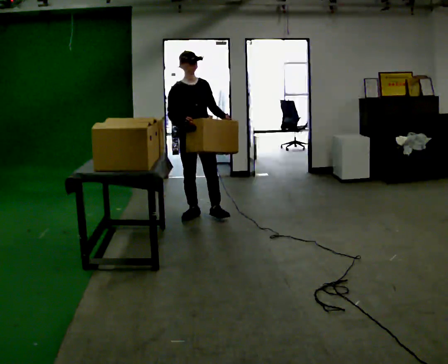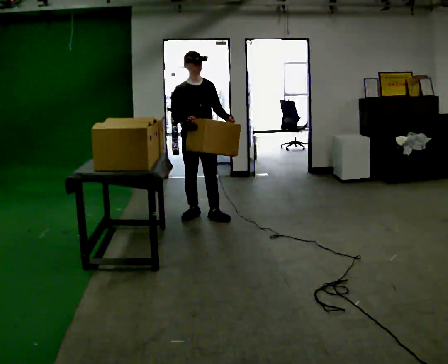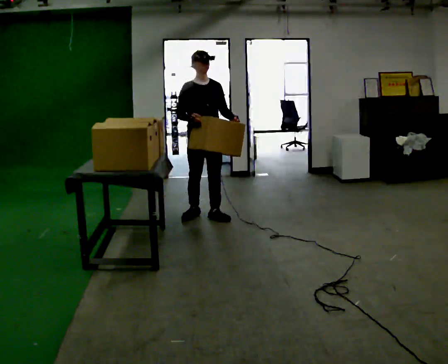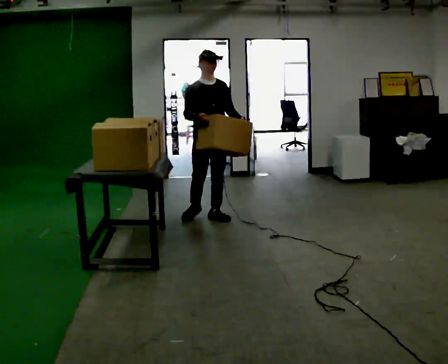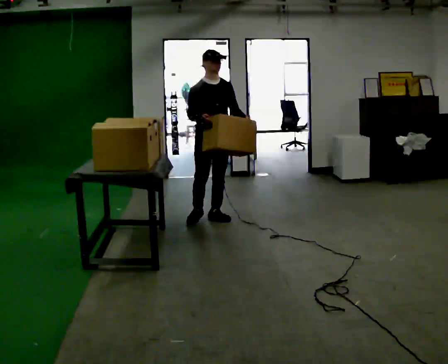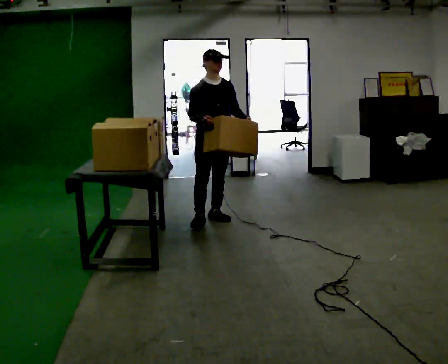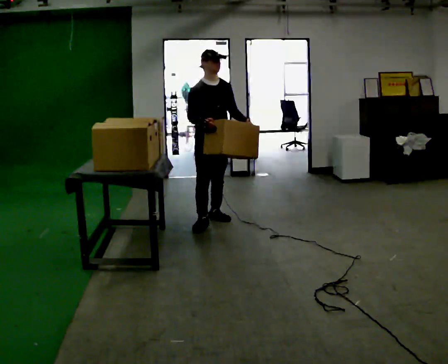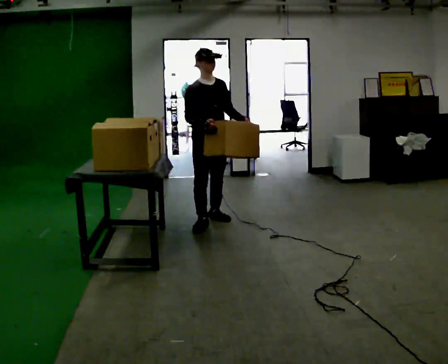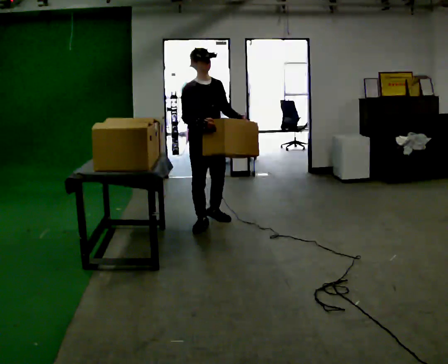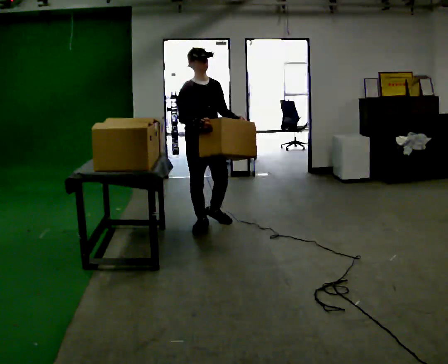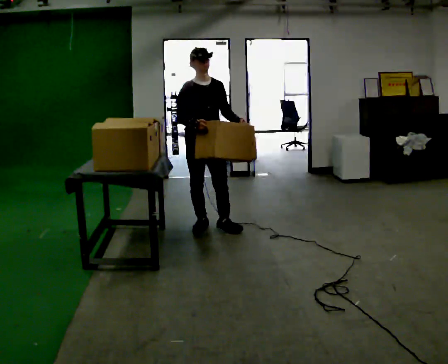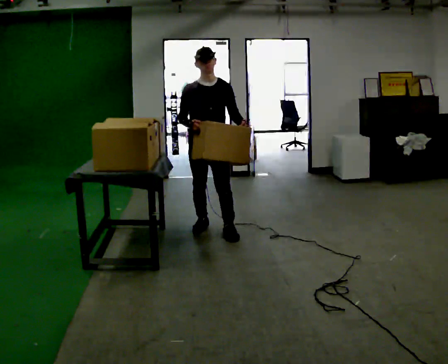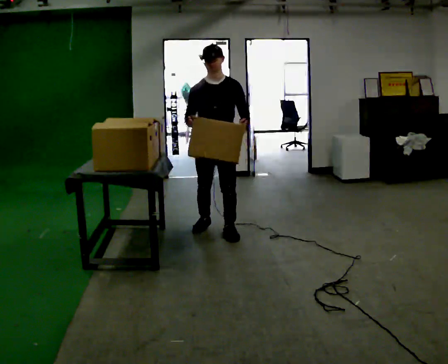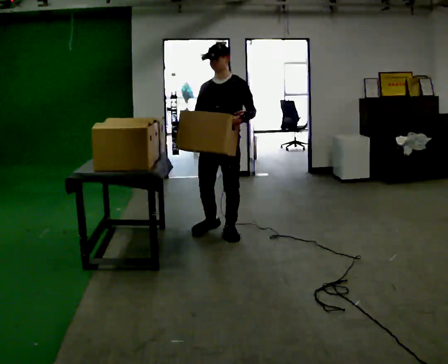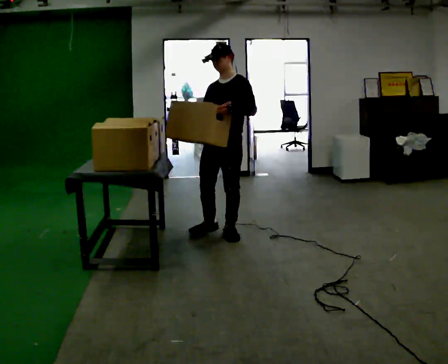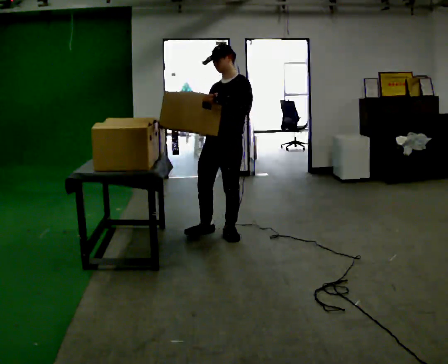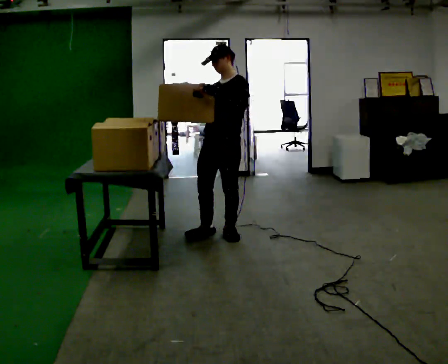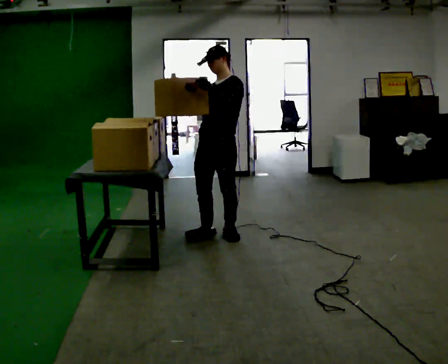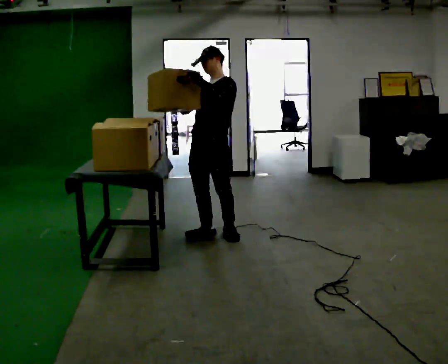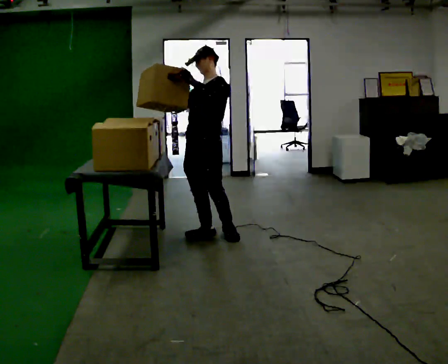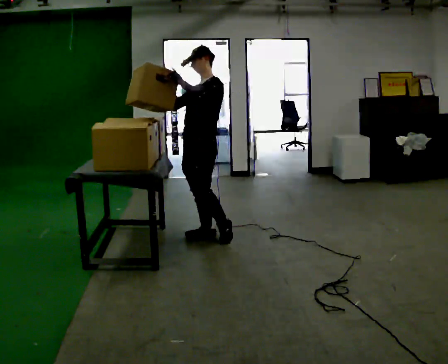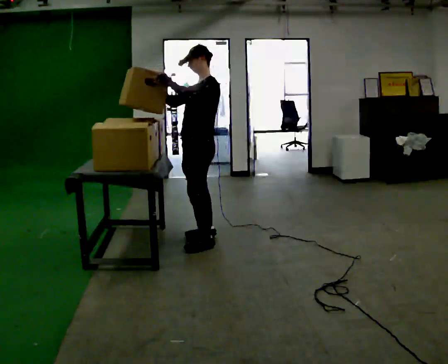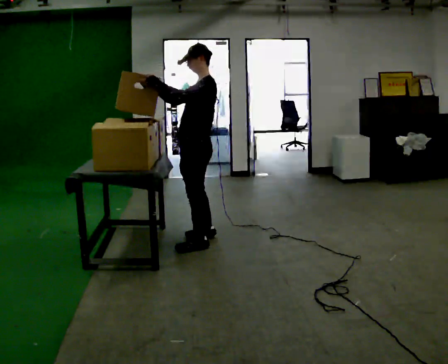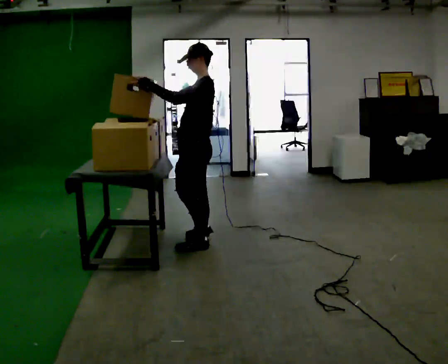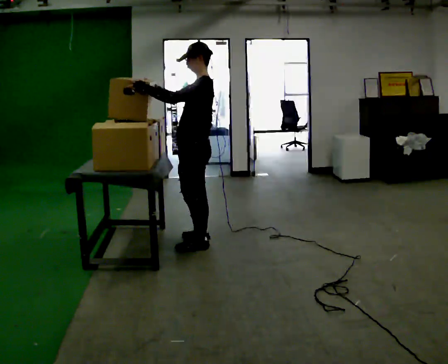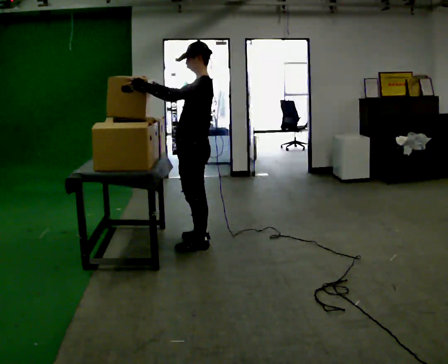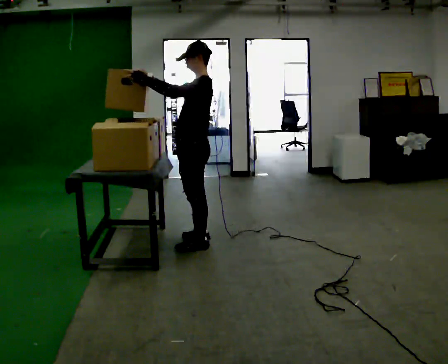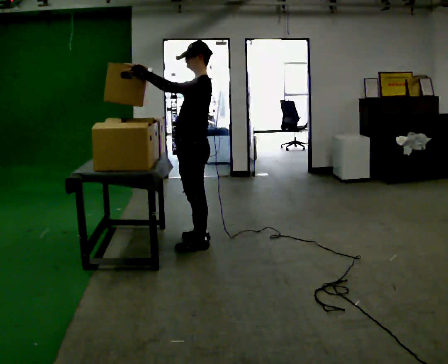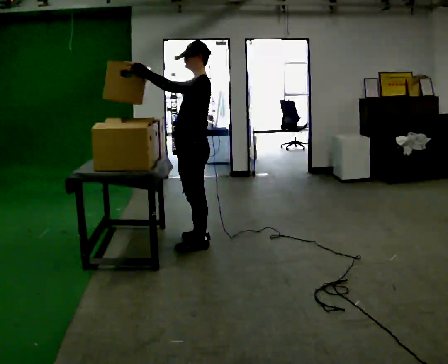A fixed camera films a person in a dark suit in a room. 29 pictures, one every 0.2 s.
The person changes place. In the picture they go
toward the camera.
0.0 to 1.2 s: In the picture they go toward the camera and to the right, about 0.25 m in 1 step, which for them is forward.
1.2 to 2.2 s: In the picture they go toward the camera, about 0.25 m in 1 step, which for them is forward and to their right.
2.2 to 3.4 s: Seen from above the body turns clockwise, about 45 degrees: to their right, with its near side sliding to the left. In the picture they go toward the camera, about 0.25 m in 1 step, which for them is to their left and forward. In the picture their left hand goes upward and to the left.
3.4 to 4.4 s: Seen from above the body turns clockwise, about 45 degrees: to their right, with its near side sliding to the left. In the picture they go to the left, about 0.25 m in 1 step, which for them is forward. In the picture their left hand goes to the left.
4.4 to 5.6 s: The person moves a little, or ends about where they began.
The film runs forward here.
